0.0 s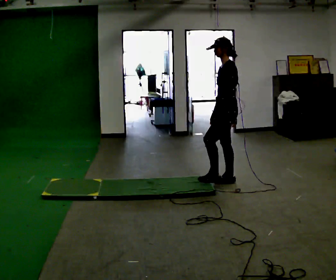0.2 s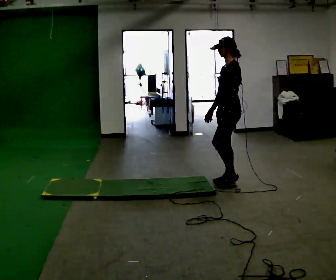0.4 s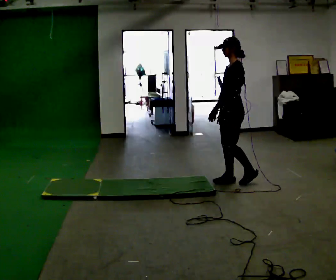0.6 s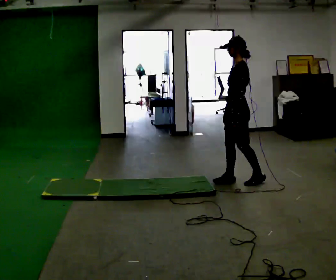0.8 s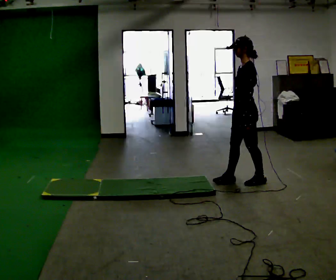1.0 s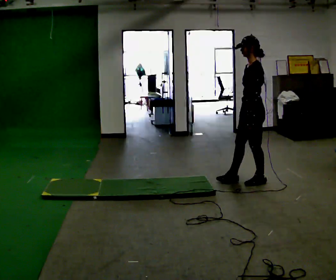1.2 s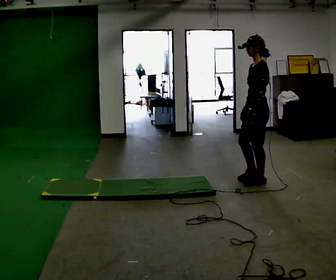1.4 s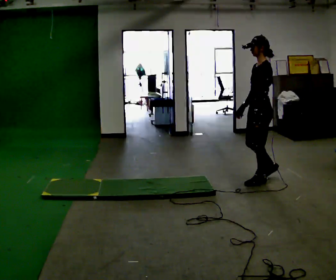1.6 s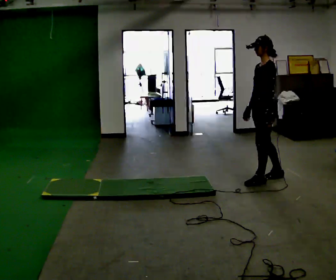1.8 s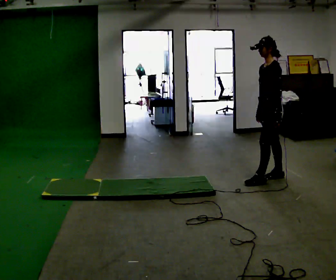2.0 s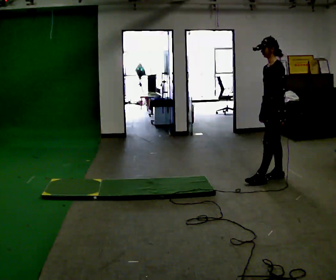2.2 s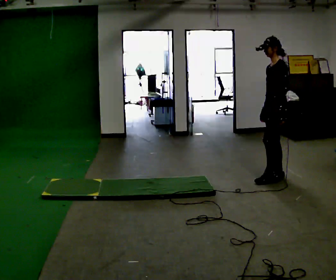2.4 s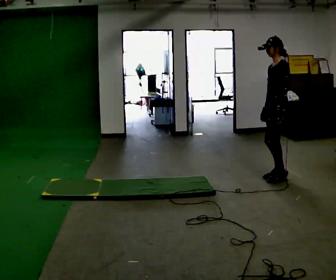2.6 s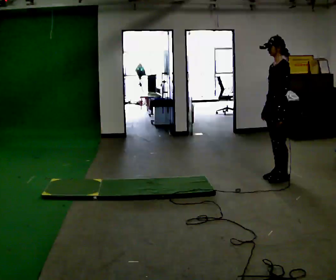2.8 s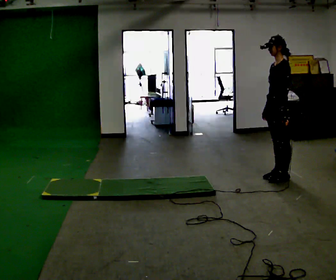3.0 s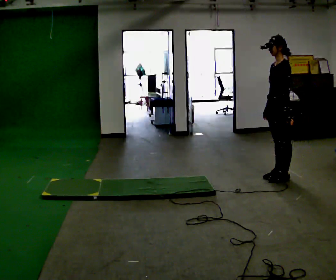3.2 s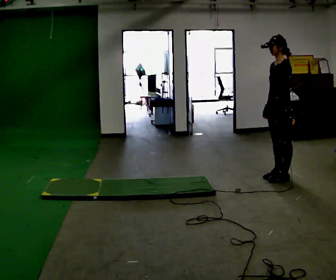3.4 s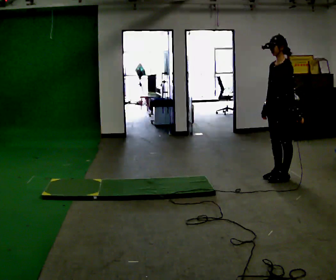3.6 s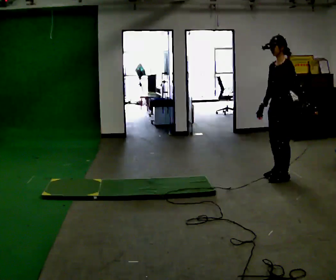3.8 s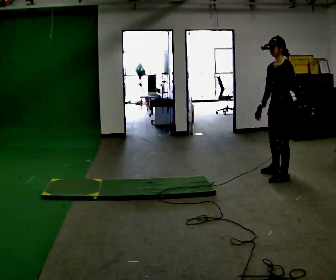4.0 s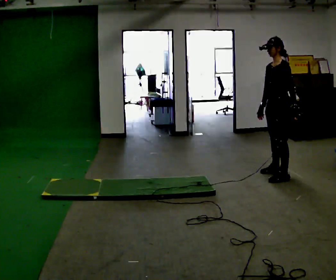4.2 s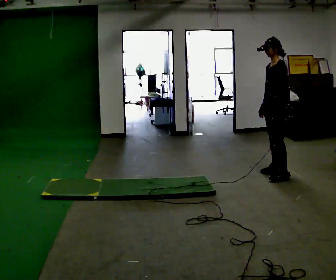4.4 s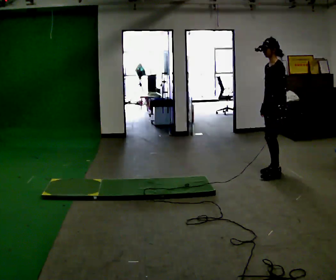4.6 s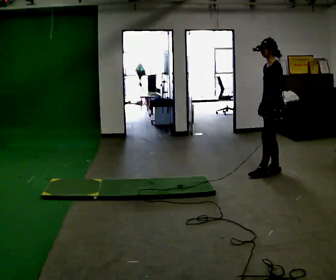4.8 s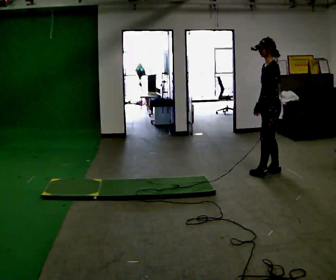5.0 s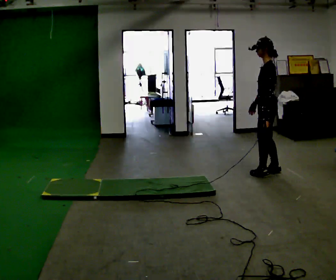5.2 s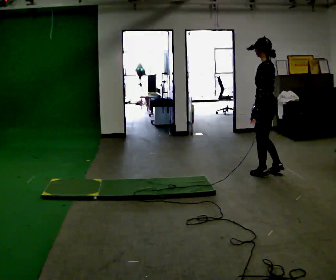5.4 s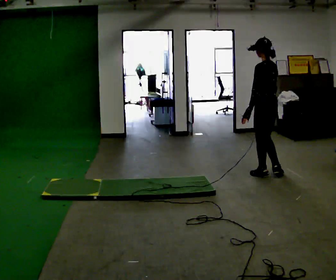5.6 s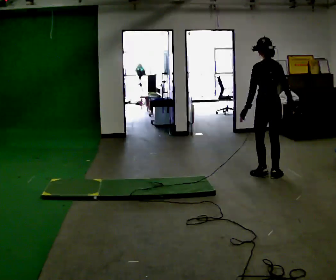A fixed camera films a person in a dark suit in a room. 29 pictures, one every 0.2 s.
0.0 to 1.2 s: In the picture they go to the right, about 0.25 m in 1 step, which for them is backward.
1.2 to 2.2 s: In the picture they go to the right and away from the camera, about 0.25 m in 1 step, which for them is backward.
2.2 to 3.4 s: The person moves a little, or ends about where they began.
3.4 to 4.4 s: In the picture they go away from the camera, about 0.25 m in 2 steps, which for them is to their right.
4.4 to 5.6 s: The part of the body nearest the lens slides to the left as the person turns to their right by about 75 degrees.
The film runs backward here.
